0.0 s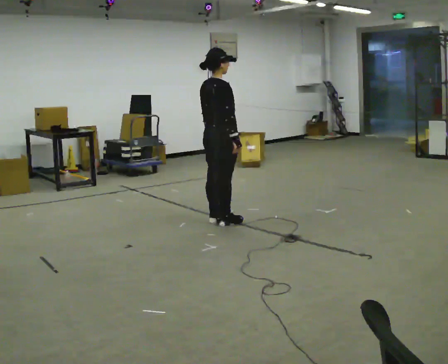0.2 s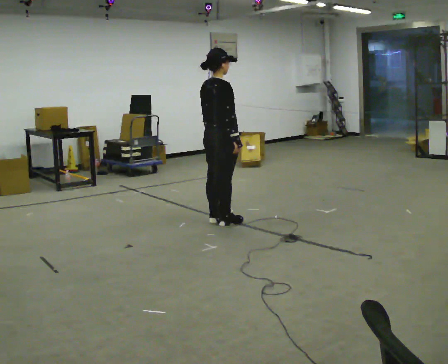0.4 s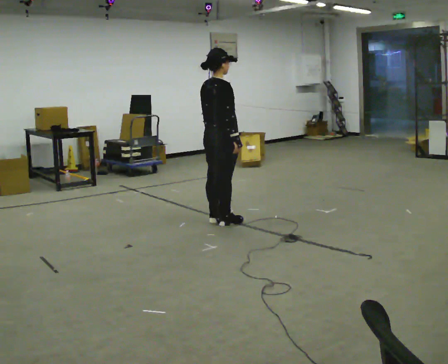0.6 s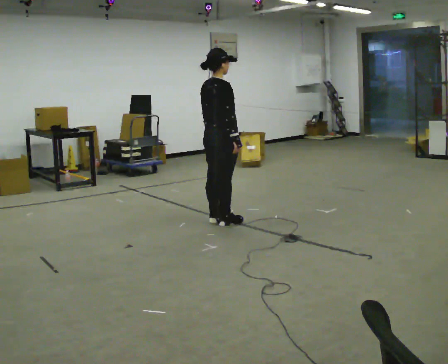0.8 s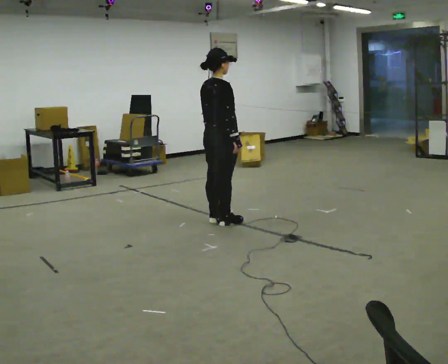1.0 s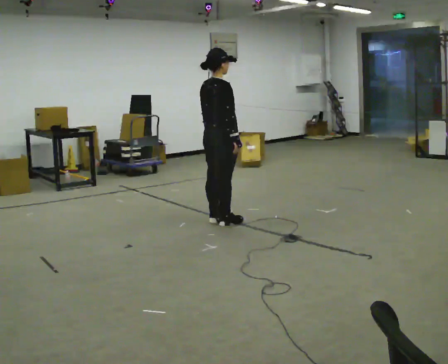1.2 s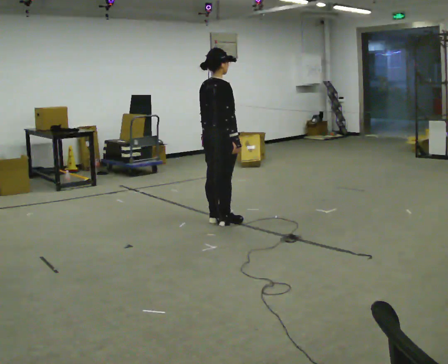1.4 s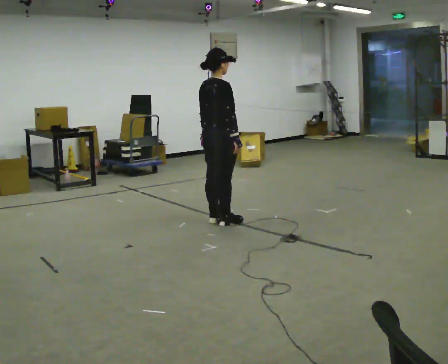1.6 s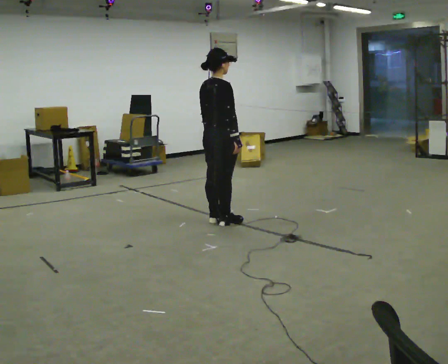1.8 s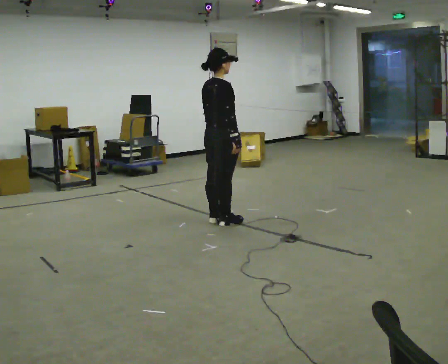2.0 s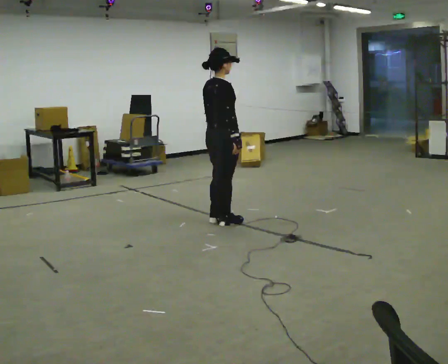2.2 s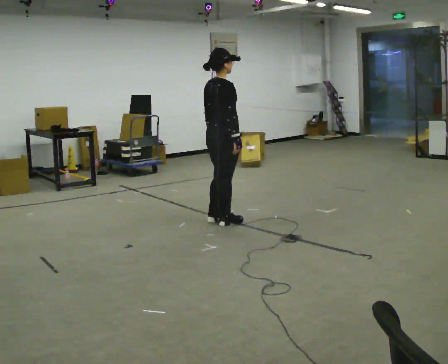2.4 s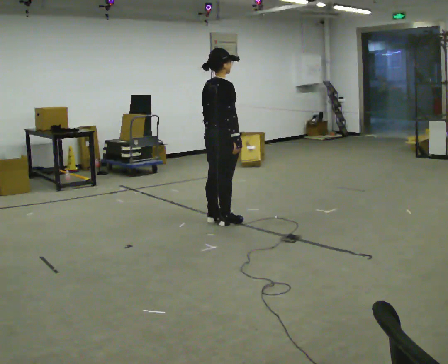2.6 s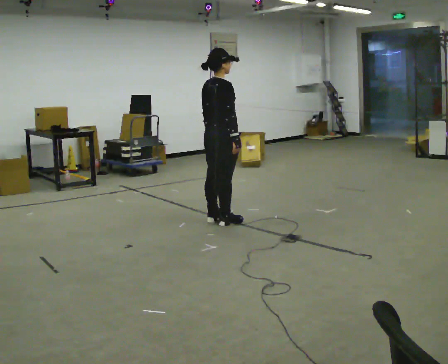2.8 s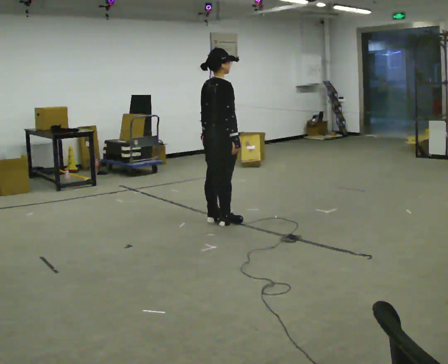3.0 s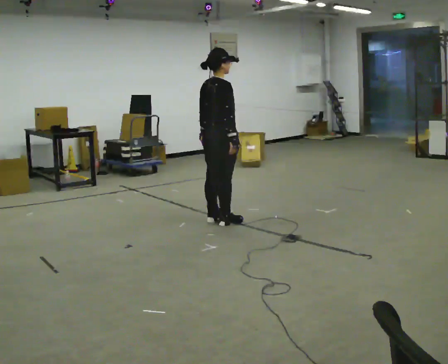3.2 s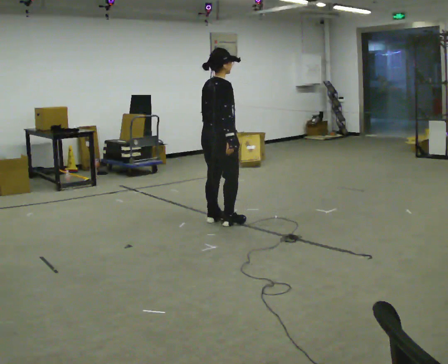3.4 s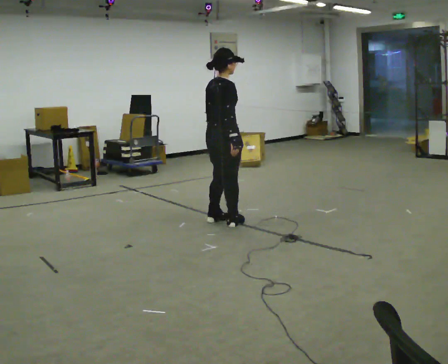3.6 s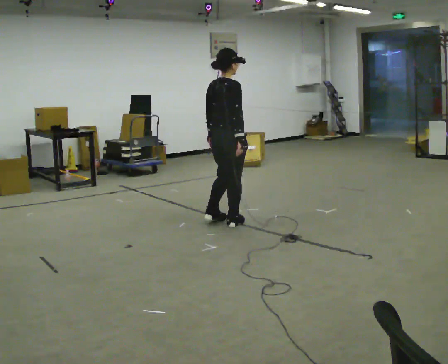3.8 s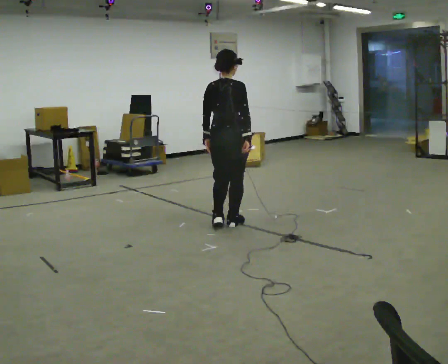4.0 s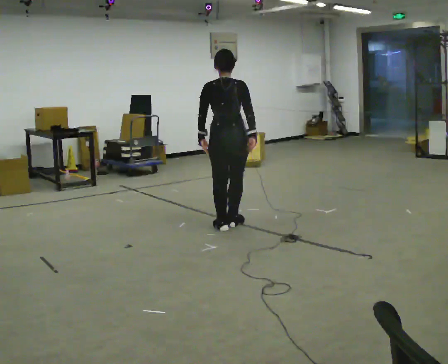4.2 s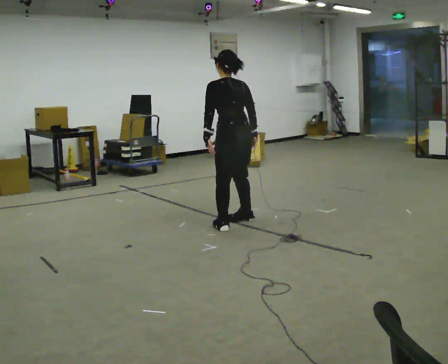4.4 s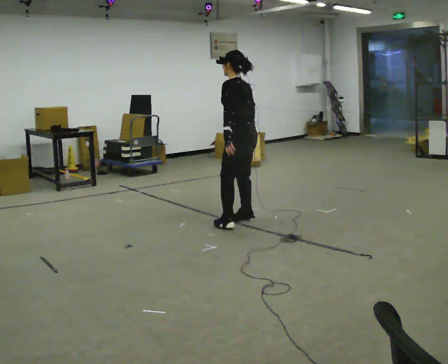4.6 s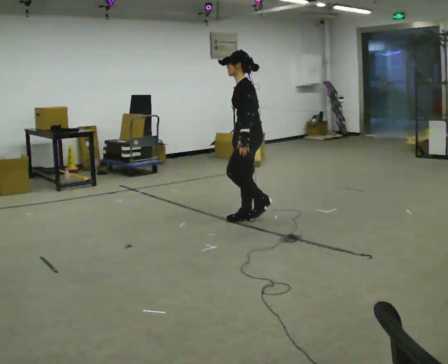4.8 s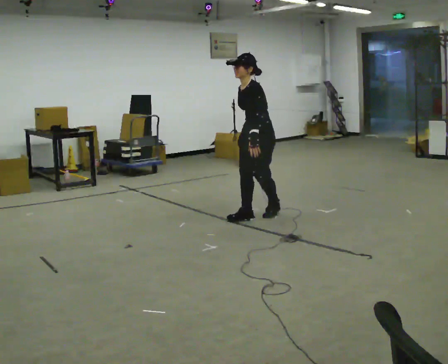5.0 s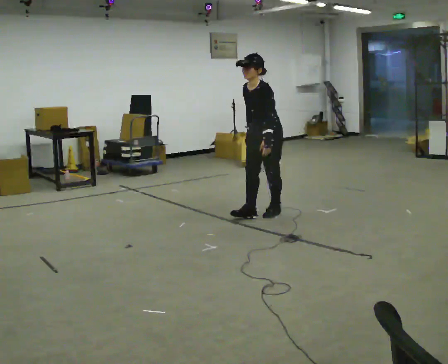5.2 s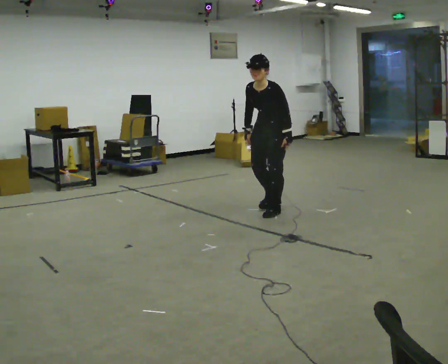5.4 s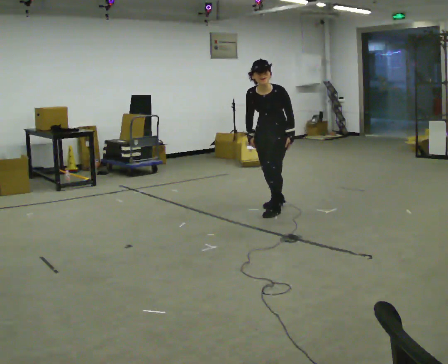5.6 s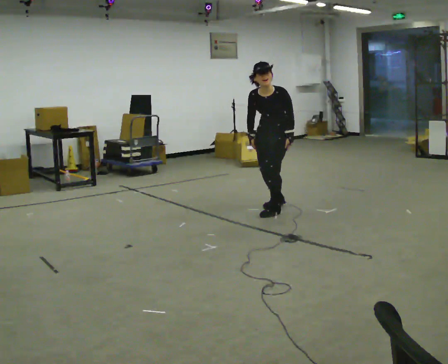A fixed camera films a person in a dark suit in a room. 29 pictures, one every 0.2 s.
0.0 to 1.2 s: The person keeps their place and pose.
1.2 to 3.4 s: The person moves a little, or ends about where they began.
3.4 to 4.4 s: The part of the body nearest the lens slides to the right as the person turns to their left by about 105 degrees. In the picture they go to the right, about 0.25 m in 3 steps.
4.4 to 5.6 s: Seen from above the body turns counterclockwise, about 90 degrees: to their left, with its near side sliding to the right. In the picture they go away from the camera and to the right, about 0.5 m in 1 step. The upper body tips toward the camera, its near side rolling downward, as they bend forward.
The film runs backward here.
